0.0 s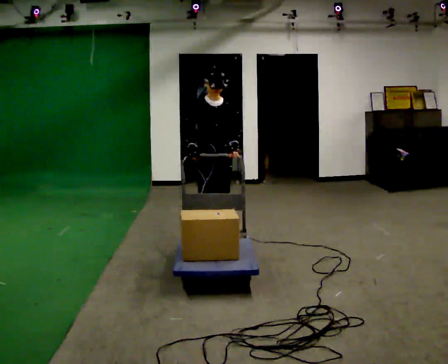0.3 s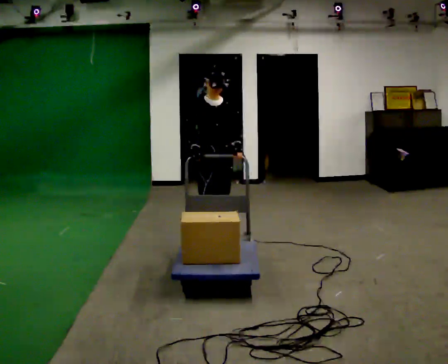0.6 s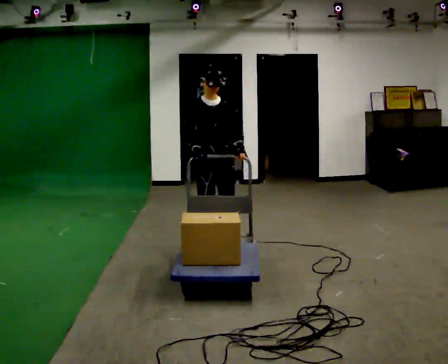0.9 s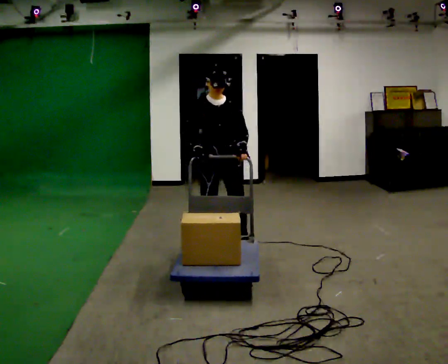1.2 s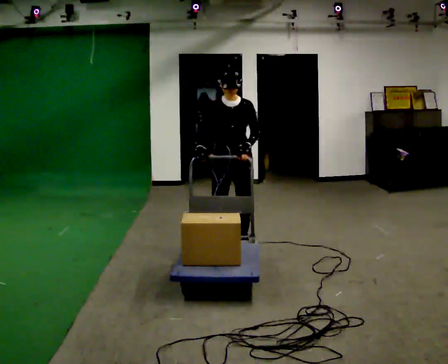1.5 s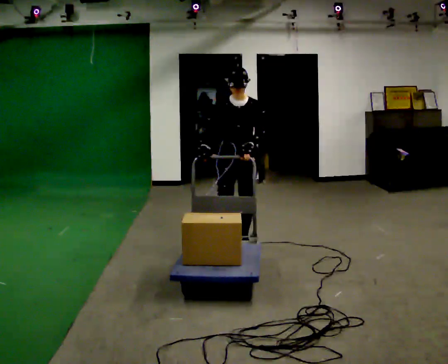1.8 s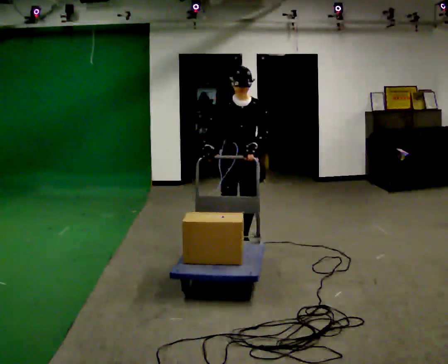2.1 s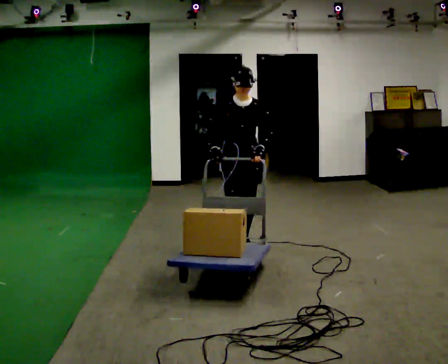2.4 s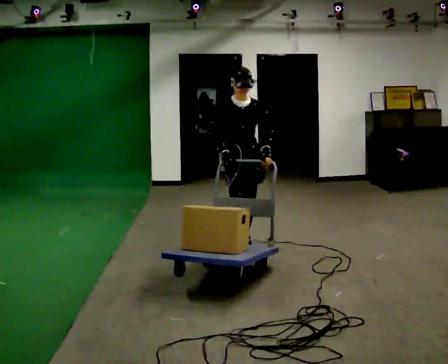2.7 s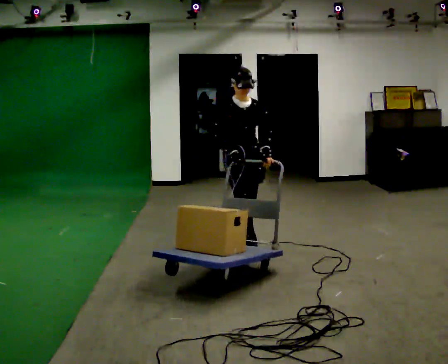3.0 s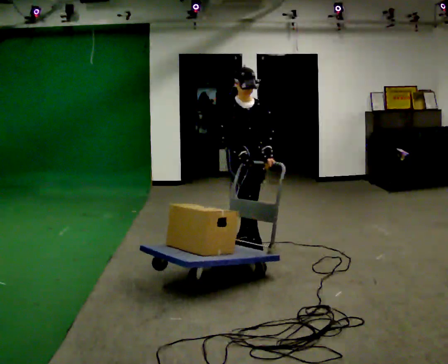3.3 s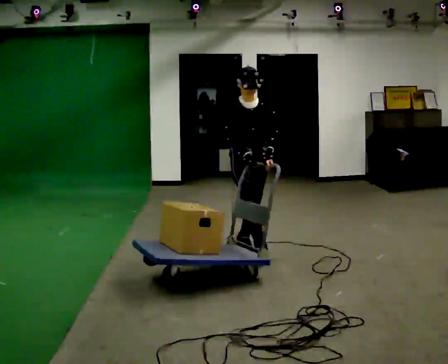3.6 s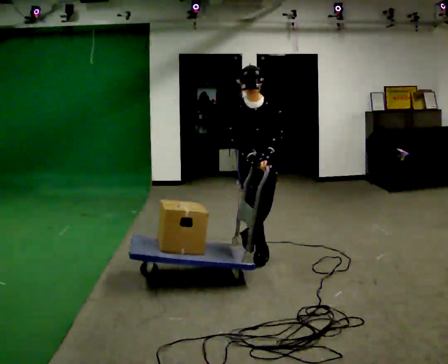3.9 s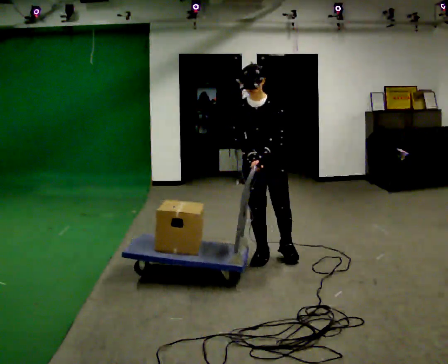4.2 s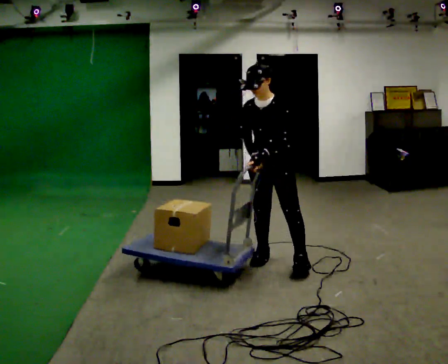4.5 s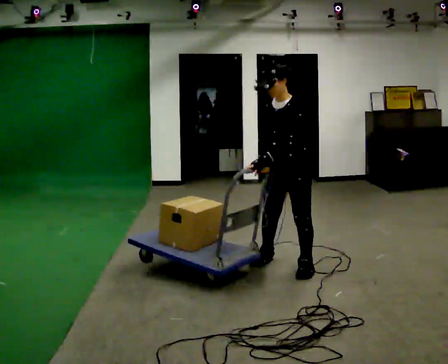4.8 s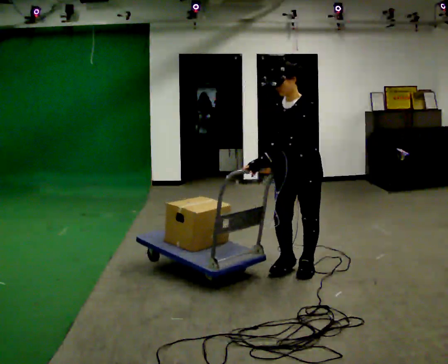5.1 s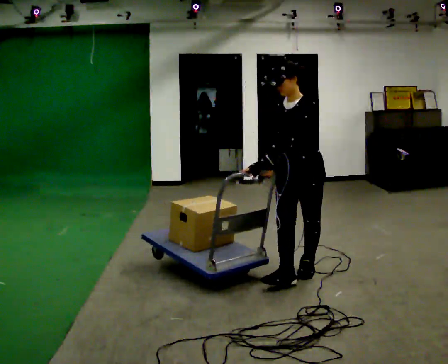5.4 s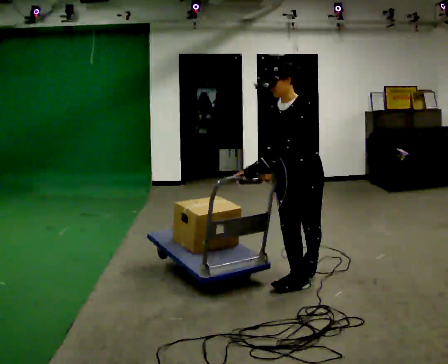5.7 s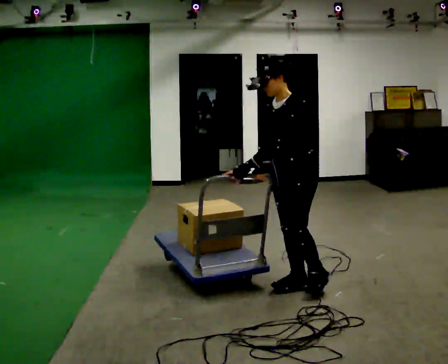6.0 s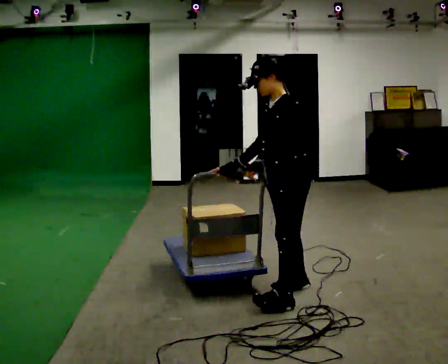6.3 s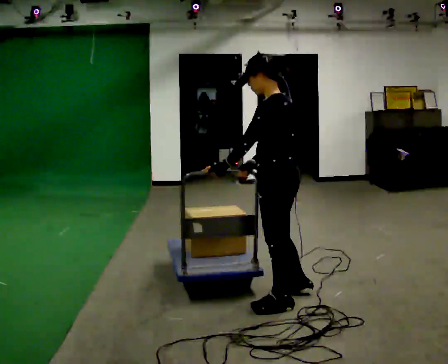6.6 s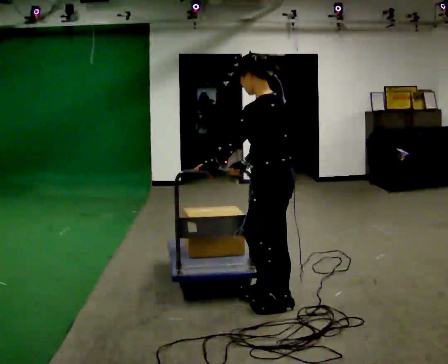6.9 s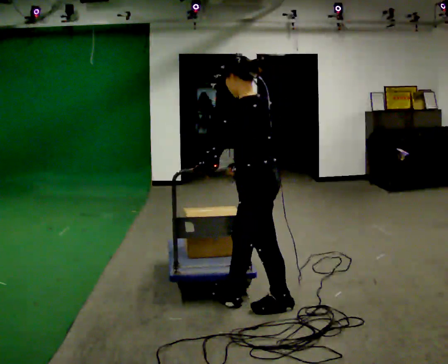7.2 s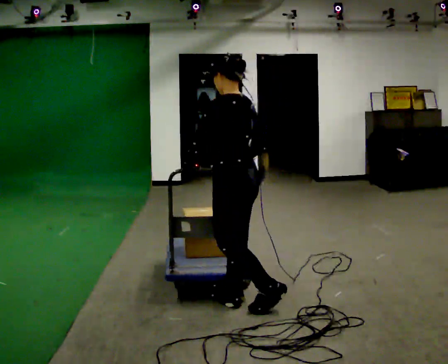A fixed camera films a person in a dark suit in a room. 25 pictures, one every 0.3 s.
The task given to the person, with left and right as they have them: Push the cart along the marked route and round the corner to the side the operator calls.
0.0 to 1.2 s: In the picture they go to the right, about 0.25 m in 2 steps, which for them is forward and to their left.
1.2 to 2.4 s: The person moves a little, or ends about where they began.
2.4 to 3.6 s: In the picture they go toward the camera, about 0.25 m, which for them is forward.
3.6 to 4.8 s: The part of the body nearest the lens slides to the left as the person turns to their right by about 45 degrees. In the picture they go toward the camera and to the right, about 0.5 m in 1 step, which for them is to their left and forward.
4.8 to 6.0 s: The person turns about 30 degrees to their right, clockwise seen from above, so the part of the body nearest the lens slides to the left. In the picture they go toward the camera, about 0.5 m in 2 steps, which for them is forward.
6.0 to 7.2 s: Seen from above the body turns clockwise, about 45 degrees: to their right, with its near side sliding to the left. In the picture they go to the left and toward the camera, about 0.5 m in 1 step, which for them is forward and to their left.
The film runs forward here.
